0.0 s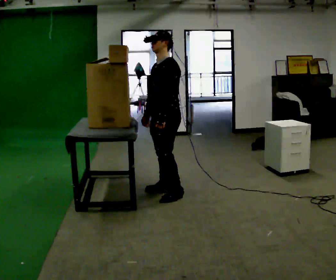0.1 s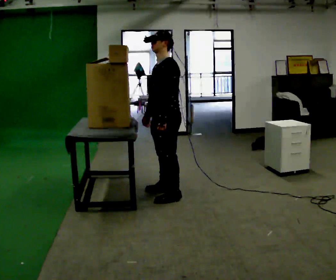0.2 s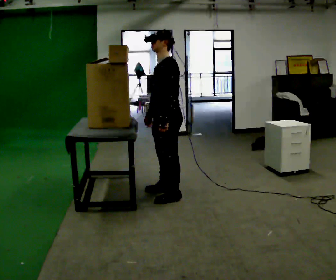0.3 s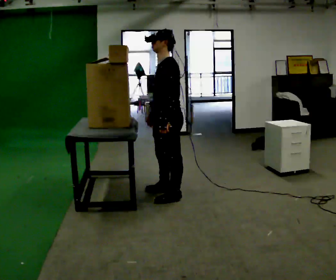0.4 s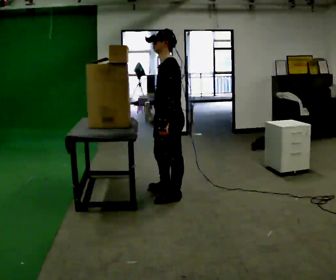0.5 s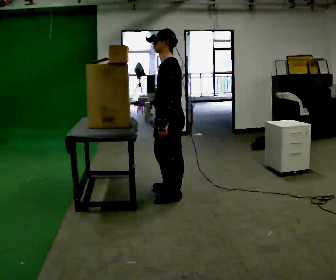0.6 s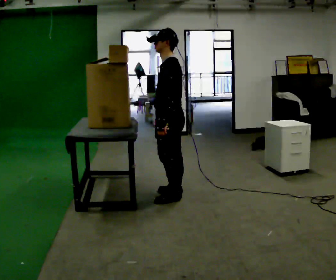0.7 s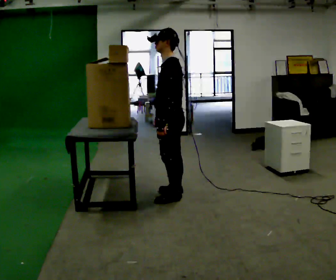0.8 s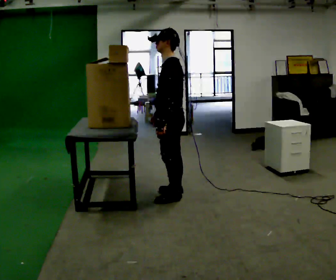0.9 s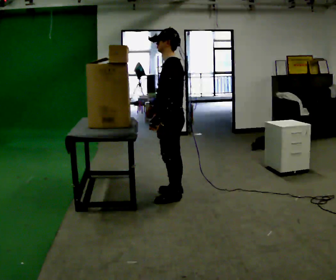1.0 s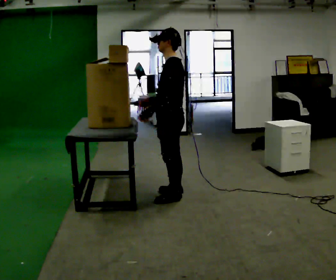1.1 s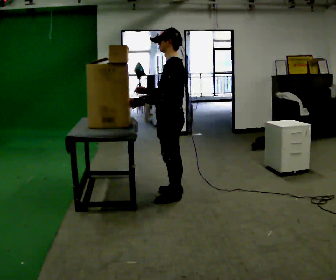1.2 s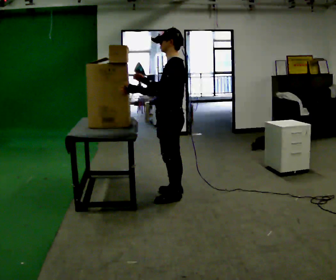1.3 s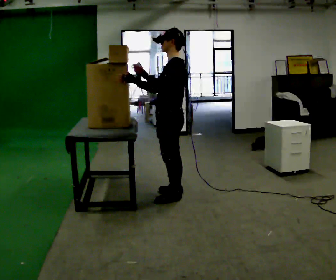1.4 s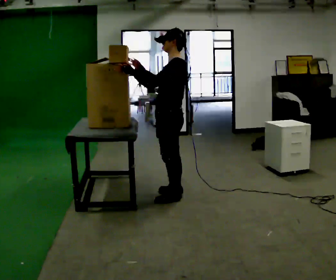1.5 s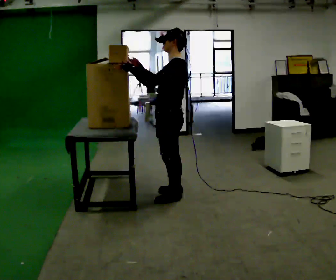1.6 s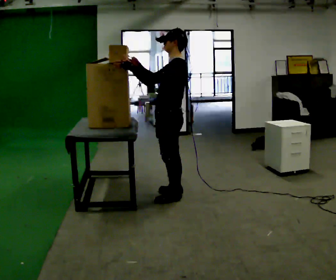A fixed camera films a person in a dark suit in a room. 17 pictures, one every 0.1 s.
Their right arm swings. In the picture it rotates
clockwise.
Their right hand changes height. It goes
upward.
0.0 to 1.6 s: The part of the body nearest the lens slides to the left as the person turns to their right by about 30 degrees. In the picture they go toward the camera, about 0.25 m in 2 steps, which for them is to their left. In the picture their left hand goes upward, the arm swinging clockwise.
The film runs forward here.
